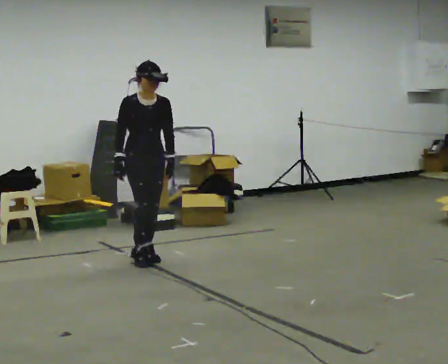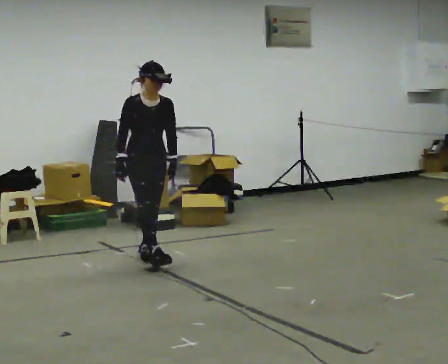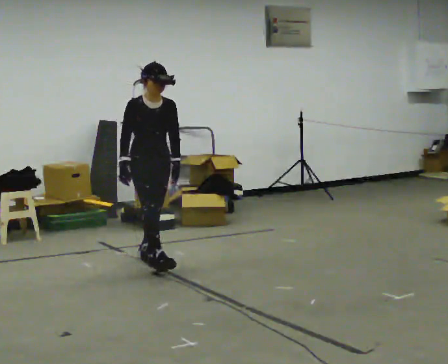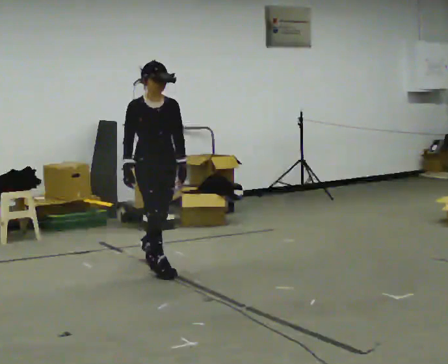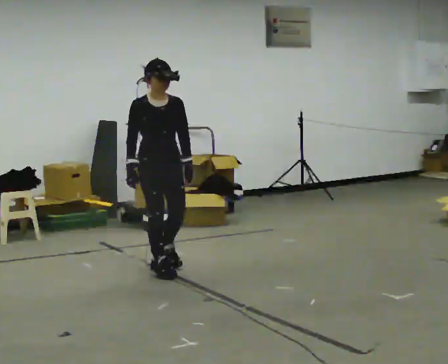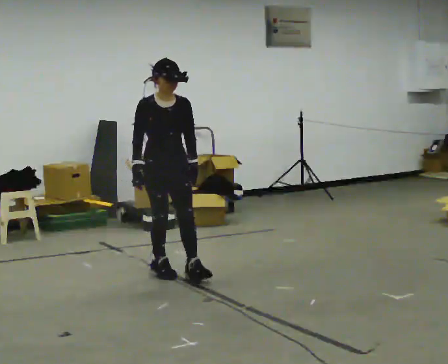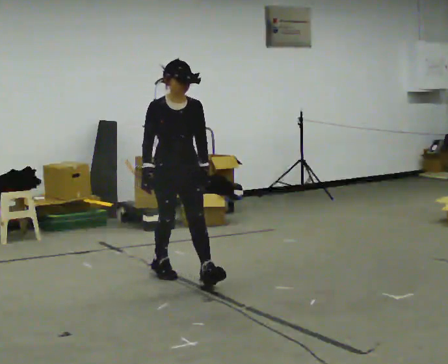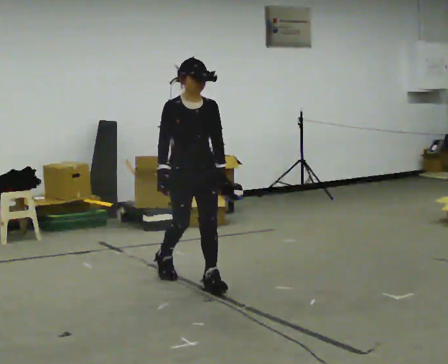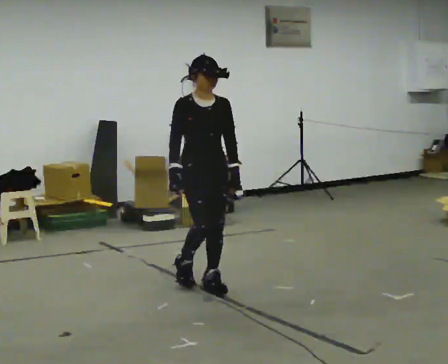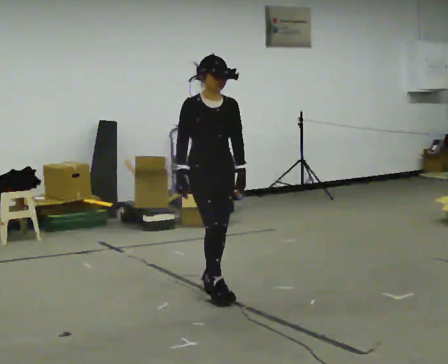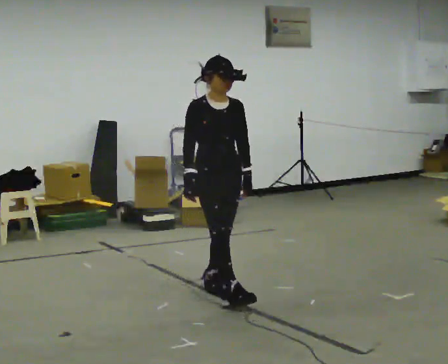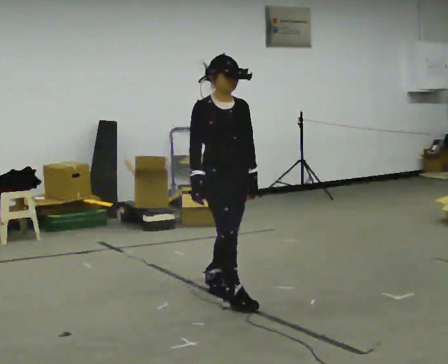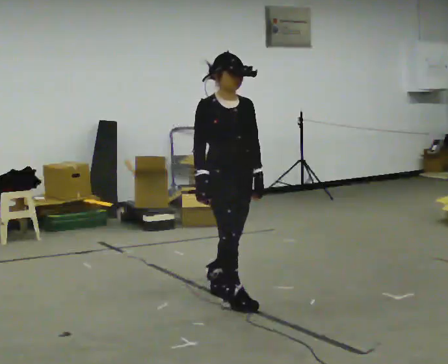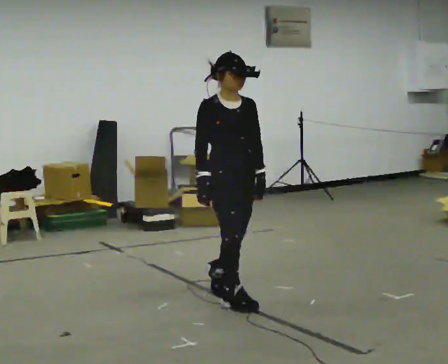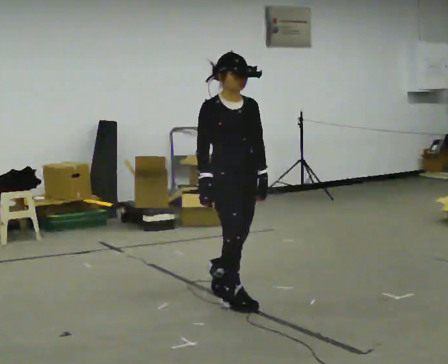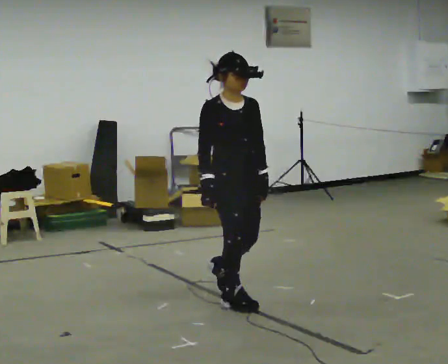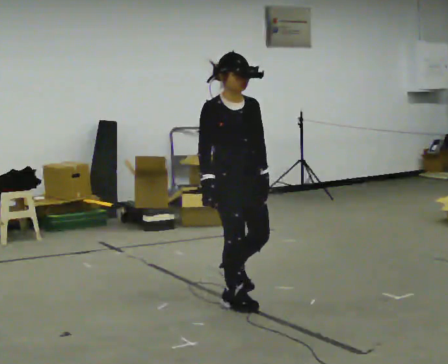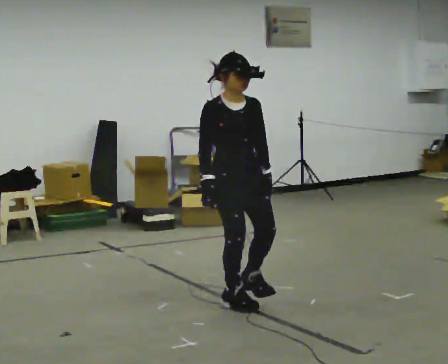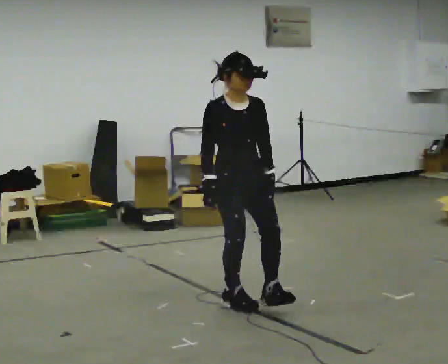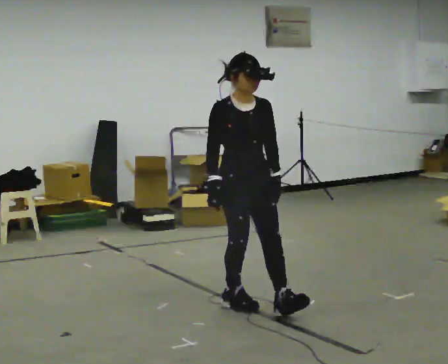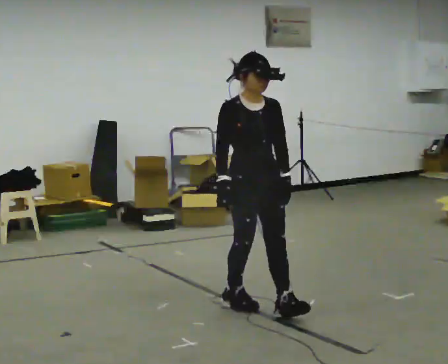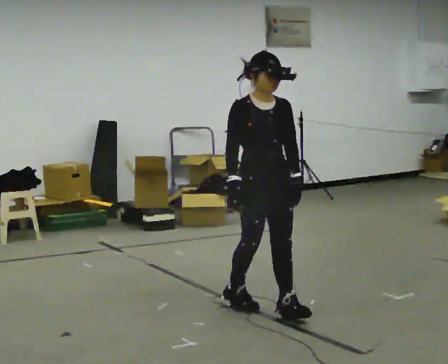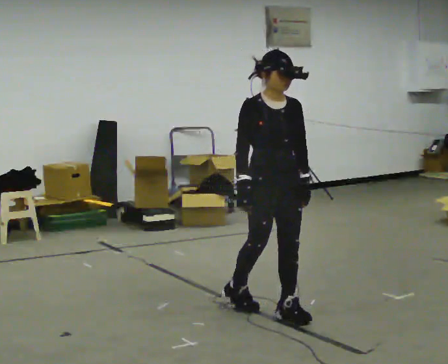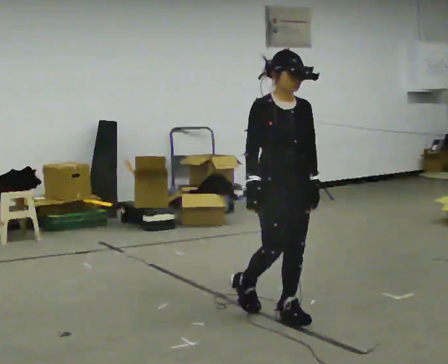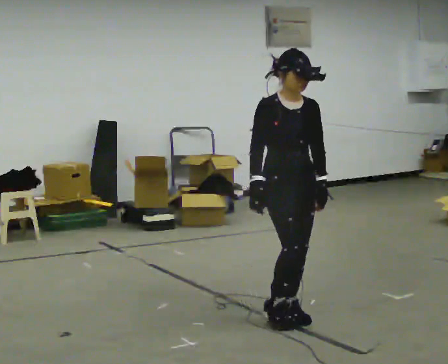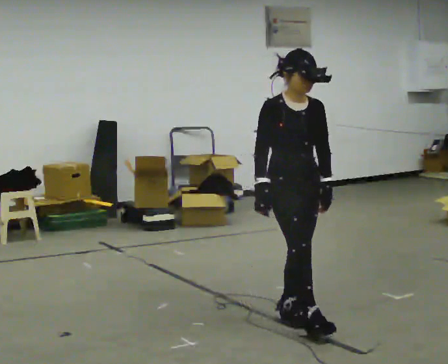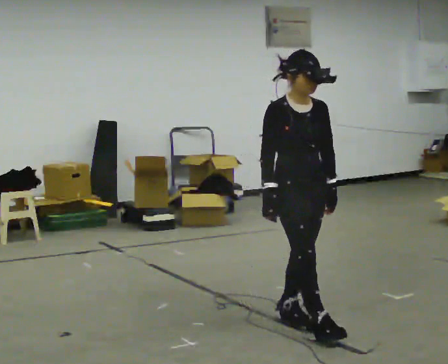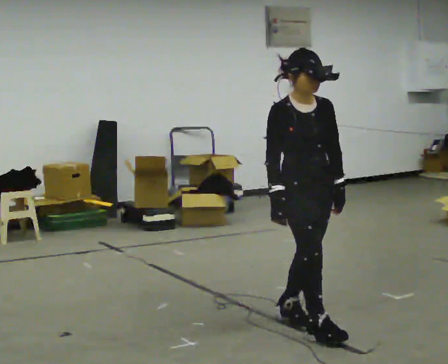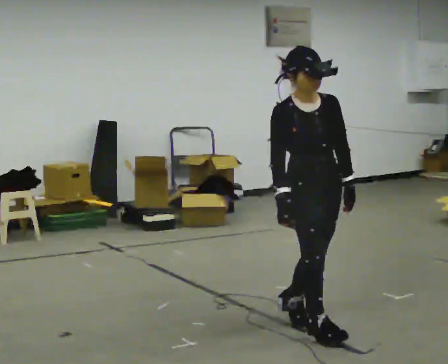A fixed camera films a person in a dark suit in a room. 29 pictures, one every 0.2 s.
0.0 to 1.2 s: In the picture they go toward the camera and to the right, about 0.75 m in 2 steps, which for them is forward.
1.2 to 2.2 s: In the picture they go toward the camera and to the right, about 0.5 m in 1 step, which for them is forward.
2.2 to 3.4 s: In the picture they go toward the camera, about 0.25 m, which for them is forward.
3.4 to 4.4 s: In the picture they go to the right and toward the camera, about 0.25 m in 1 step, which for them is forward.
4.4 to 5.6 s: In the picture they go toward the camera and to the right, about 0.5 m in 1 step, which for them is forward.
The film runs forward here.
